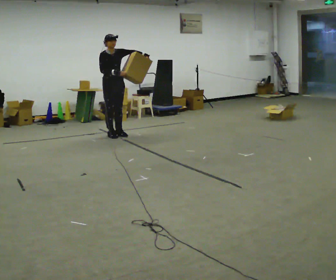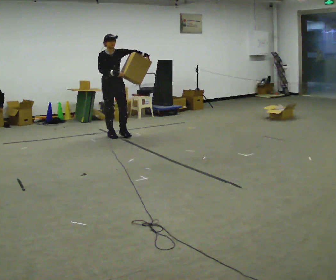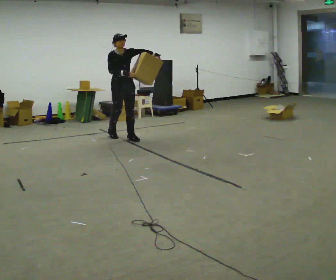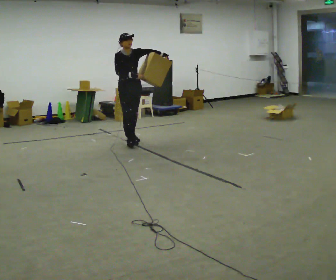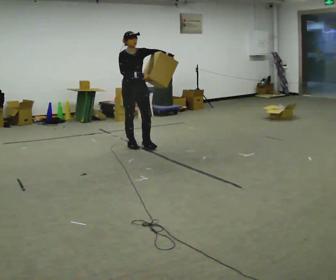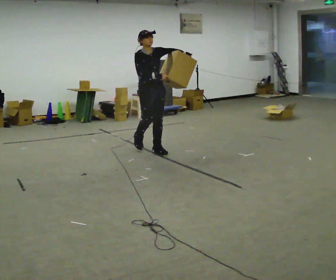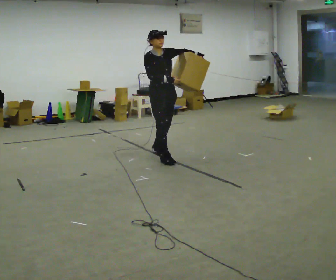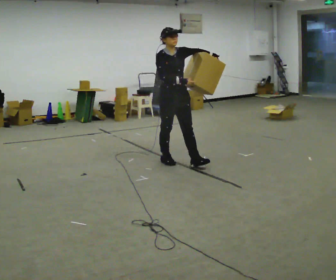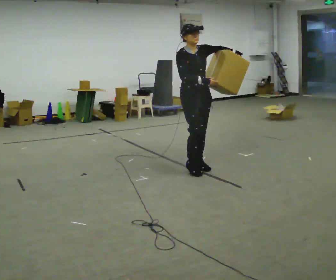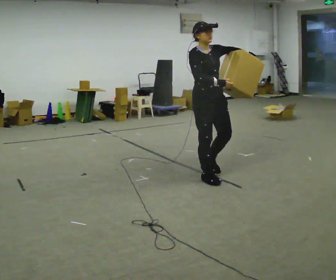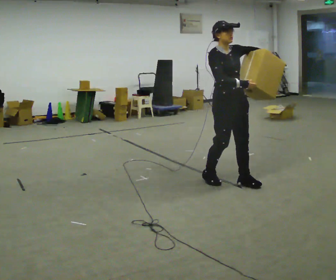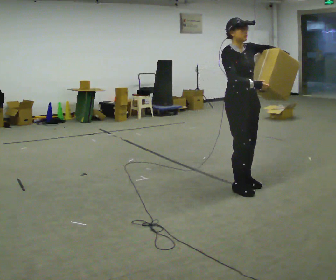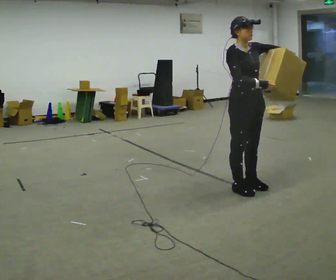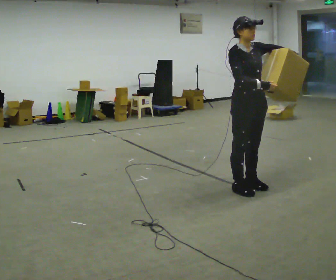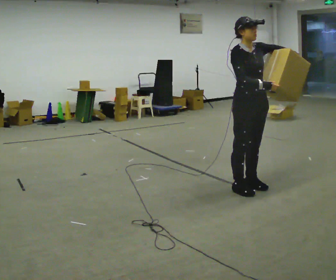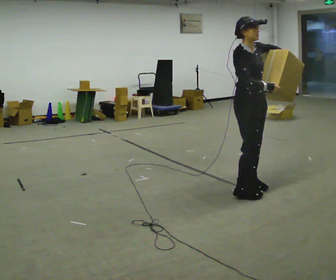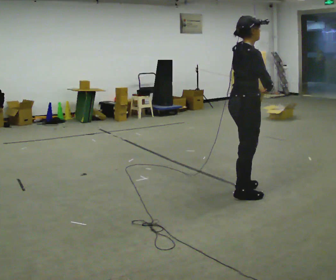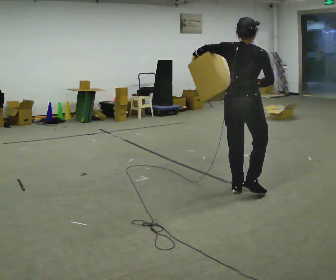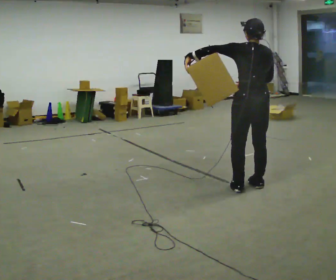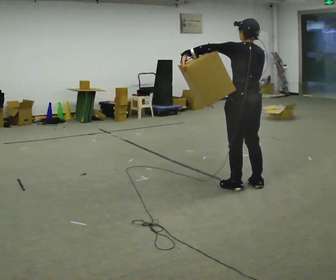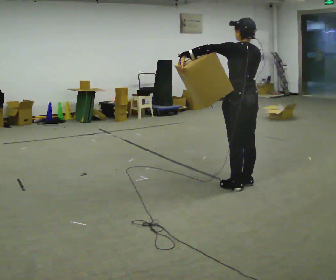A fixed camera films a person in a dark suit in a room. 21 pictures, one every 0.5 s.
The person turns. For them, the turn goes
to their left.
The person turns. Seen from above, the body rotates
counterclockwise.
0.0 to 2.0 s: In the picture they go toward the camera and to the right, about 1 m in 2 steps, which for them is forward.
2.0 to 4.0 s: In the picture they go toward the camera and to the right, about 1.5 m in 3 steps, which for them is forward.
4.0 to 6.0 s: In the picture they go toward the camera and to the right, about 1 m in 3 steps, which for them is forward.
6.0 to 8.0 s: The person turns about 60 degrees to their left, counterclockwise seen from above, so the part of the body nearest the lens slides to the right. In the picture their left hand goes to the left.
8.0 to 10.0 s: Seen from above the body turns counterclockwise, about 105 degrees: to their left, with its near side sliding to the right. In the picture they go away from the camera, about 0.25 m in 1 step. In the picture their left hand goes to the left.
The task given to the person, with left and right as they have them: Hold the object against your hip on the side the operator calls, and carry it back and forth across the room.
The film runs forward here.
